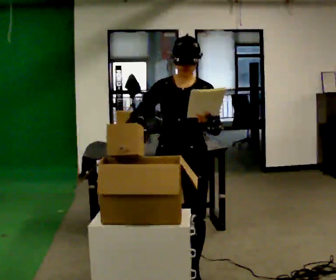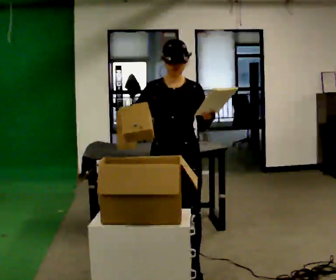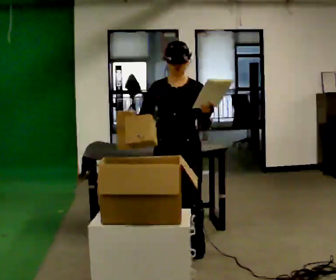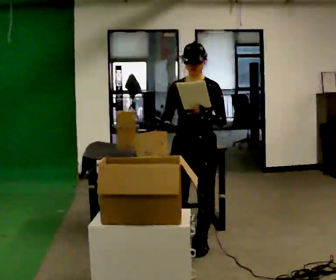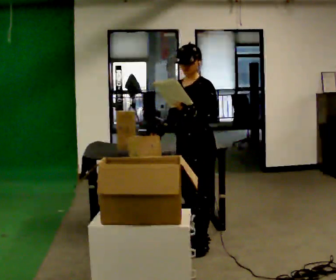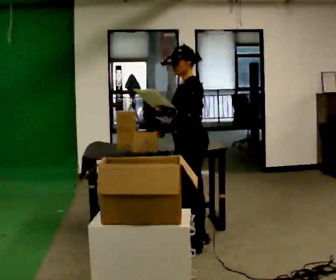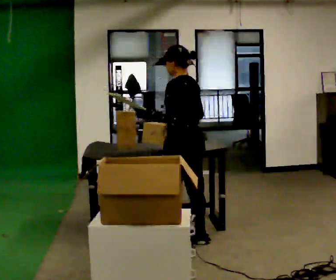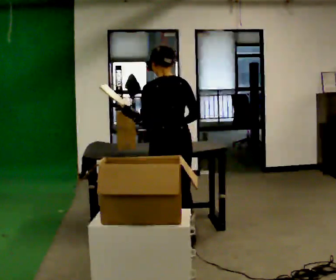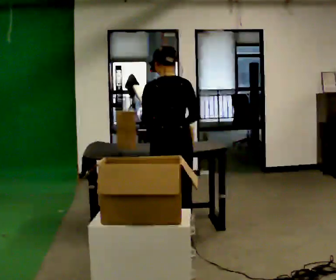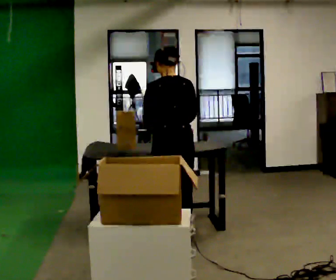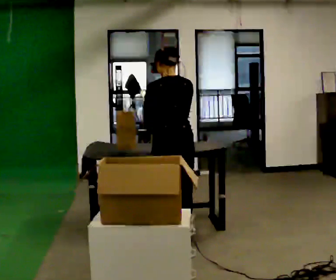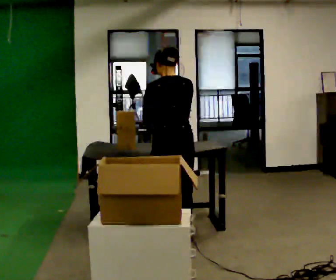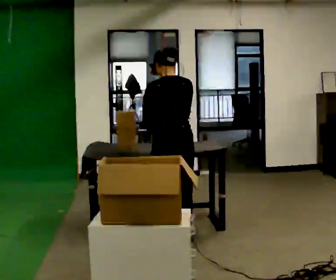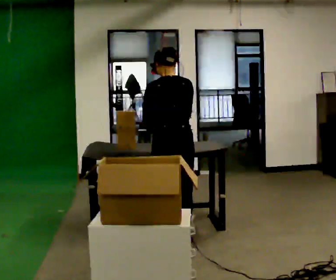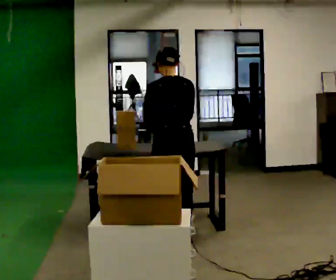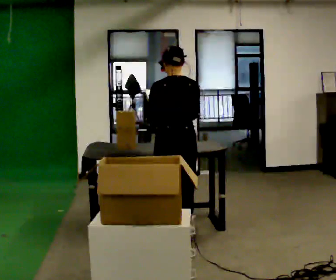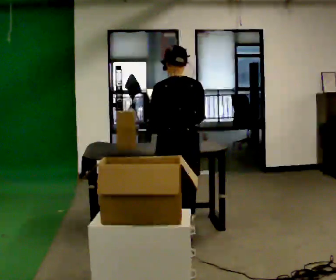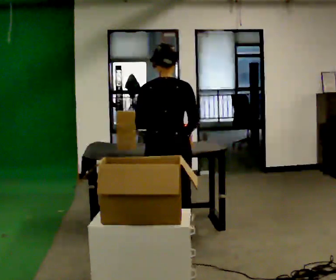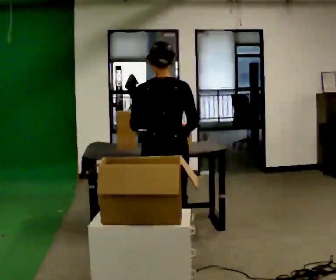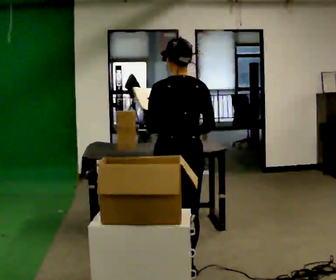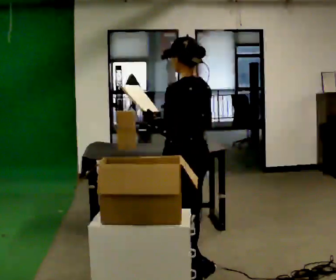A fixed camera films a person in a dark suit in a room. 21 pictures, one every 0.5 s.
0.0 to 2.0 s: Seen from above the body turns clockwise, about 45 degrees: to their right, with its near side sliding to the left. In the picture they go away from the camera, about 0.5 m in 2 steps, which for them is backward.
2.0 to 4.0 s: The person turns about 120 degrees to their right, clockwise seen from above, so the part of the body nearest the lens slides to the left. In the picture they go to the left, about 0.25 m in 2 steps.
4.0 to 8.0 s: The person moves a little, or ends about where they began.
8.0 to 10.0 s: The part of the body nearest the lens slides to the right as the person turns to their left by about 45 degrees. In the picture they go toward the camera, about 0.75 m in 2 steps, which for them is backward.
The film runs backward here.
